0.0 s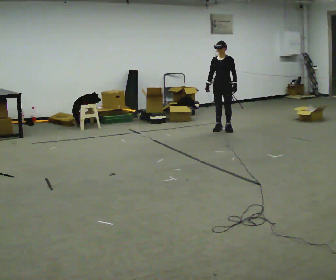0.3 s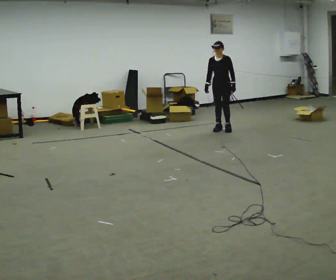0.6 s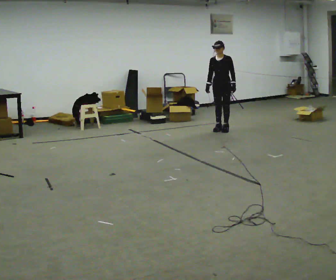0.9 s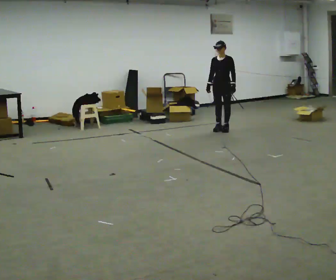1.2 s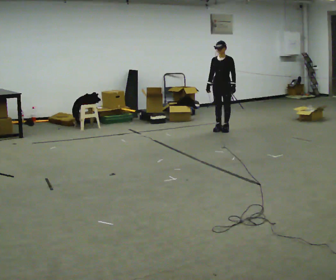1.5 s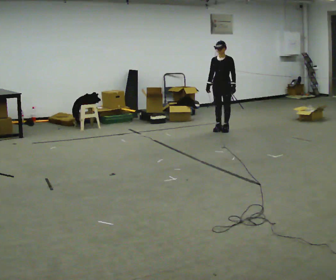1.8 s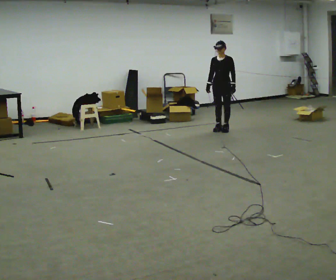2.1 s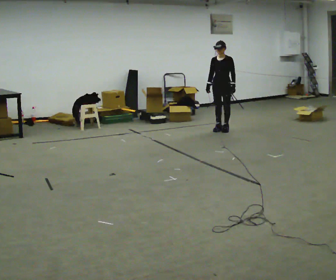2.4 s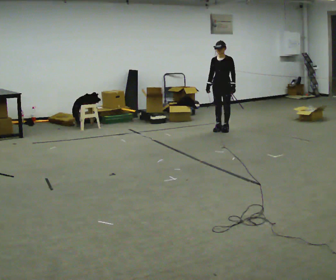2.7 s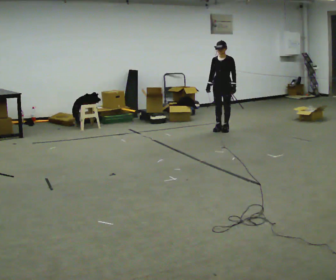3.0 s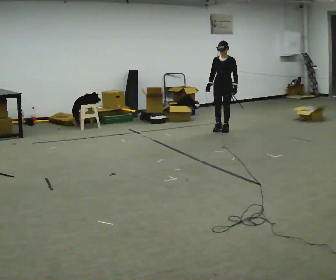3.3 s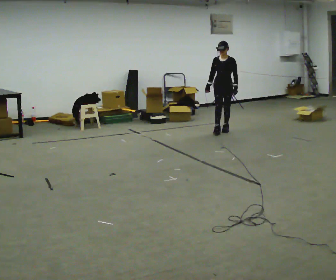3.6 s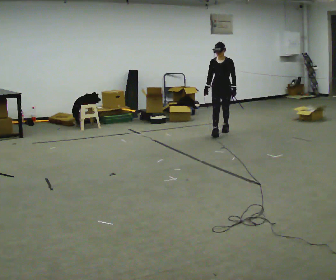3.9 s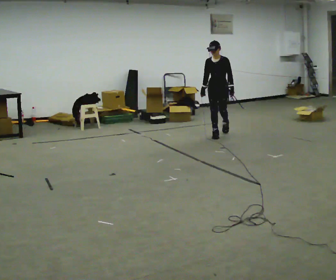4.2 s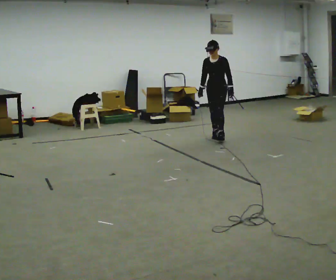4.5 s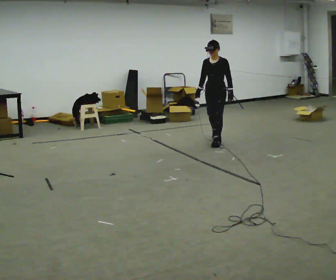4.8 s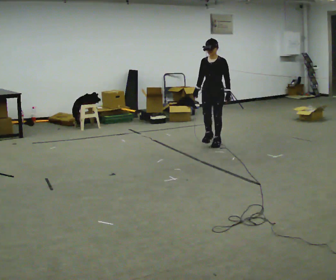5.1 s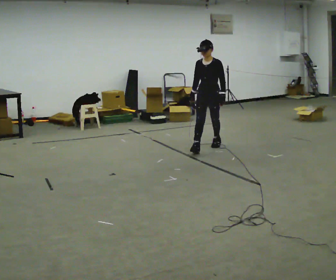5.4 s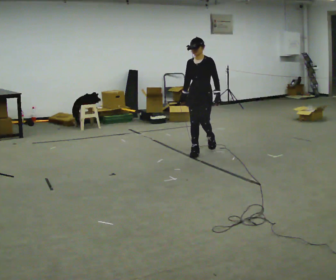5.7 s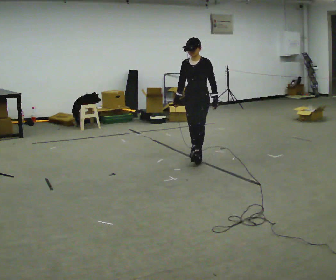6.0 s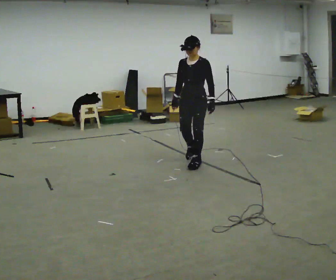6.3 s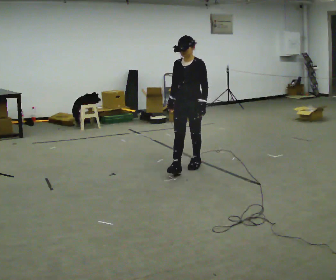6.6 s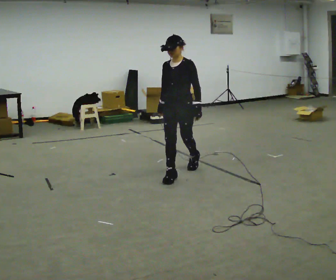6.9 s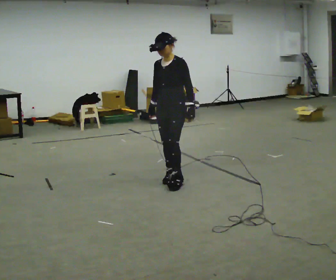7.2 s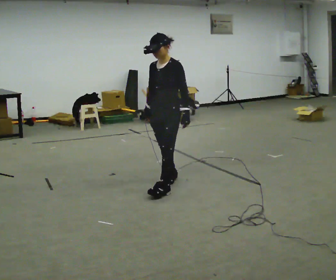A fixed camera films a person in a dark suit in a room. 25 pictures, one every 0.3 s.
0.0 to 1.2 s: The person moves a little, or ends about where they began.
1.2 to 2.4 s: The person keeps their place and pose.
2.4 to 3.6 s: In the picture they go toward the camera, about 0.25 m in 1 step, which for them is forward.
3.6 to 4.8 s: In the picture they go toward the camera, about 1 m in 1 step, which for them is forward.
4.8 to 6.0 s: In the picture they go toward the camera, about 1 m in 2 steps, which for them is forward.
6.0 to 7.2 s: In the picture they go toward the camera, about 1 m in 2 steps, which for them is forward.
The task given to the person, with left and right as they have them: Walk forward while moving diagonally left/right; finish ~45° from start direction.
The film runs forward here.
